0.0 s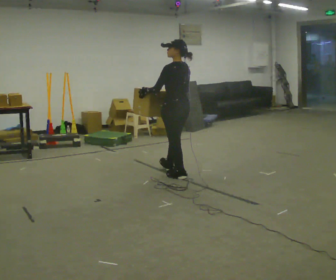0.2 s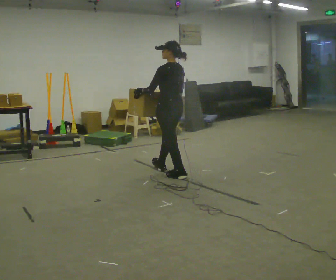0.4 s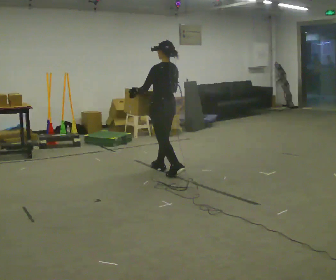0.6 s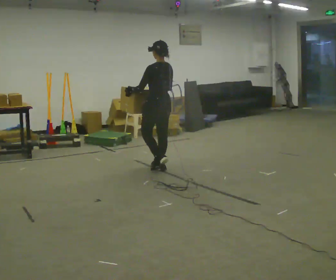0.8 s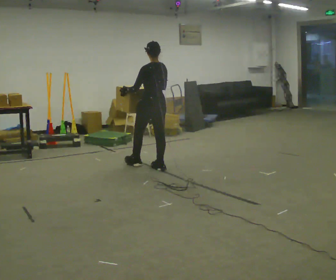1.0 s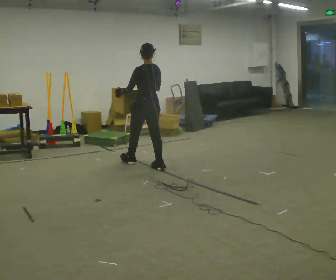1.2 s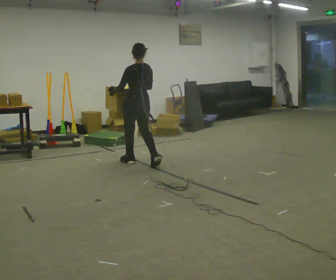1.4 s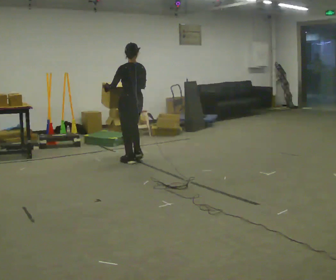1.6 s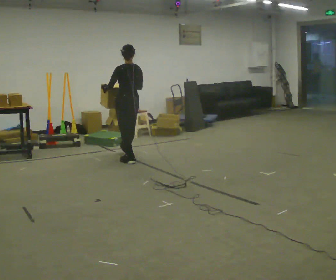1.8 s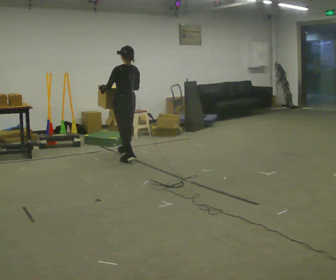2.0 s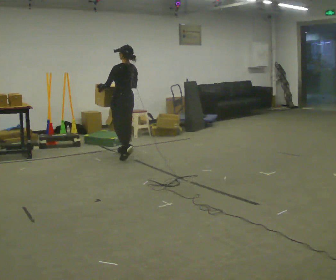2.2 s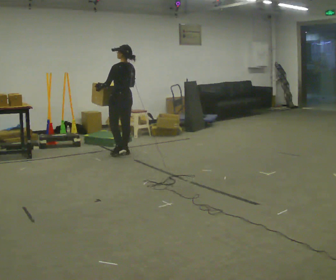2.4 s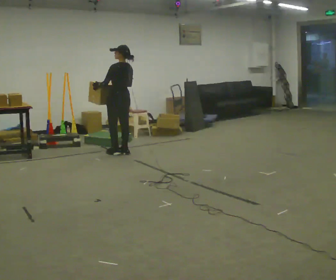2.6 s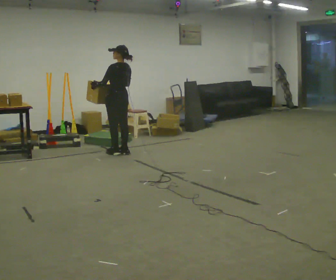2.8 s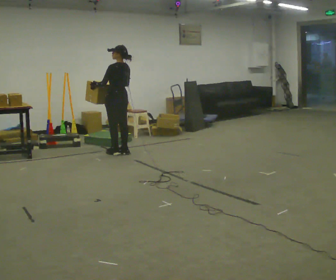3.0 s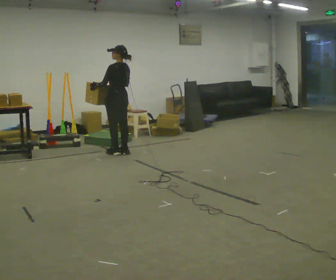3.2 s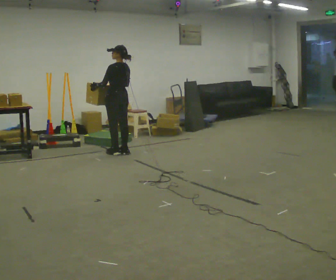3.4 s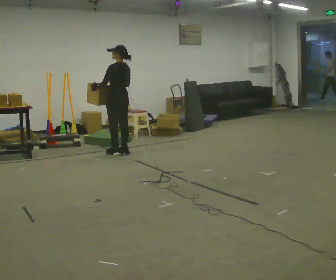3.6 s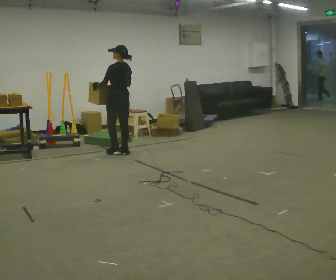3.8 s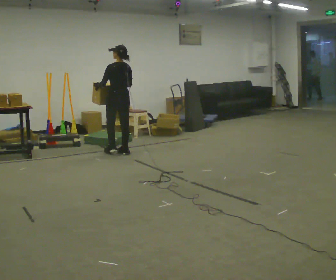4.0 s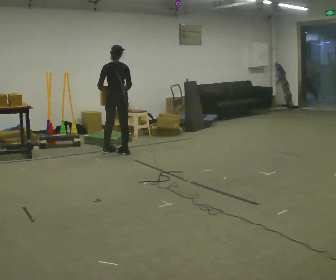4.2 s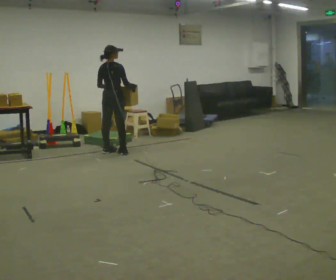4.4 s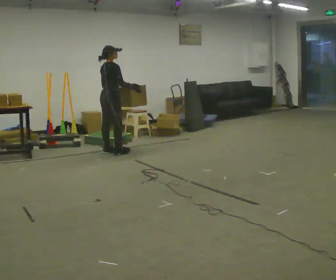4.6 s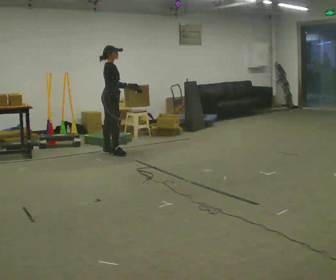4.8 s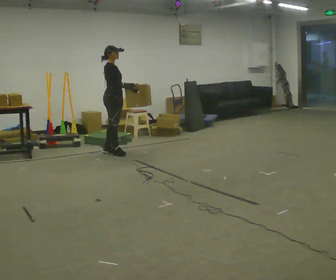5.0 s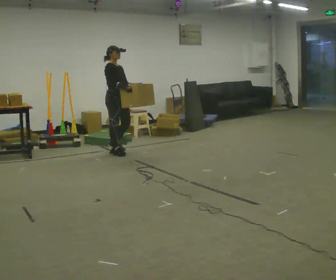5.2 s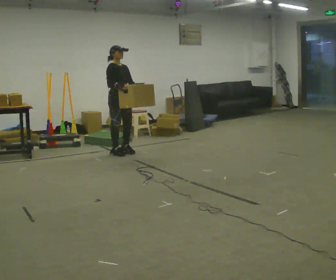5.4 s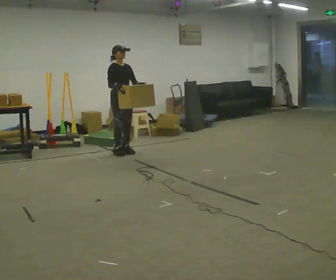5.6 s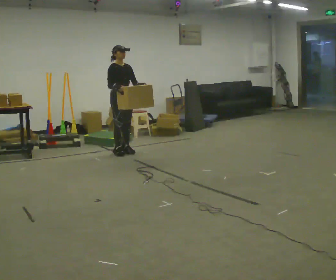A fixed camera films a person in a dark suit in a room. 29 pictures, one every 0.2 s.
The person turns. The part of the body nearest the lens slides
to the left.
The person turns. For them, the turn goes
to their right.
0.0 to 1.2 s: In the picture they go away from the camera and to the left, about 1 m in 2 steps, which for them is forward.
1.2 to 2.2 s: In the picture they go away from the camera, about 0.5 m in 1 step, which for them is forward.
2.2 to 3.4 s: The person moves a little, or ends about where they began.
3.4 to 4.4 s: Seen from above the body turns clockwise, about 105 degrees: to their right, with its near side sliding to the left.
4.4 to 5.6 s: The part of the body nearest the lens slides to the left as the person turns to their right by about 75 degrees. In the picture they go to the right, about 0.25 m in 1 step.
The film runs forward here.
